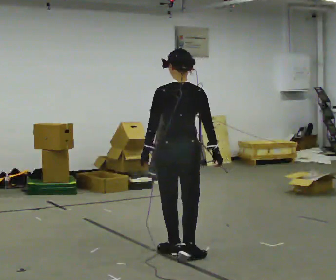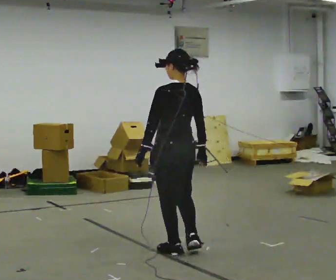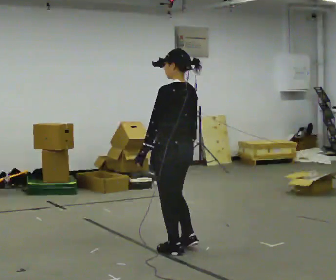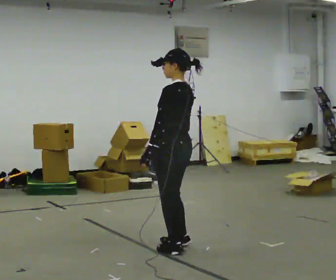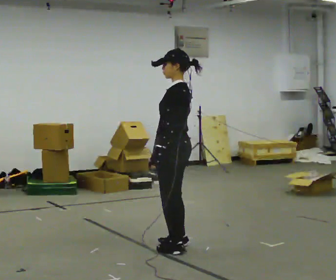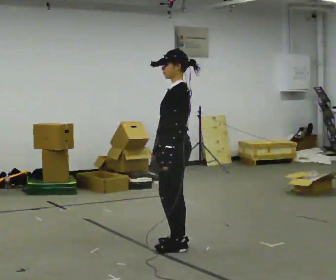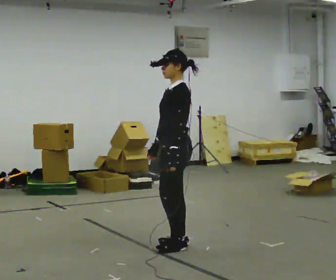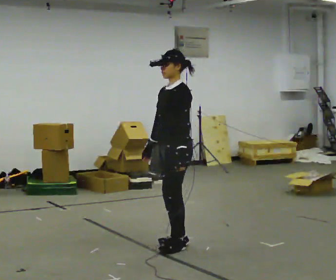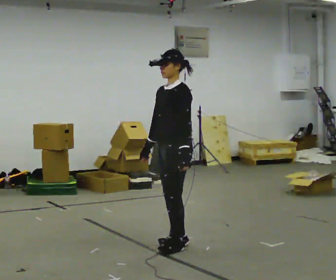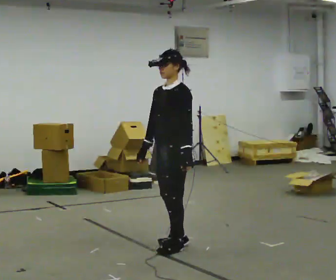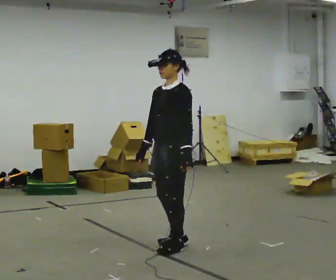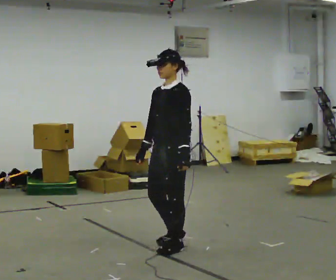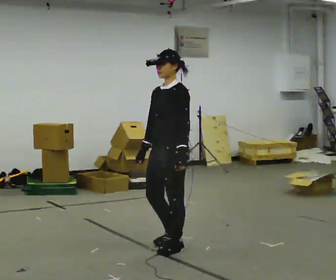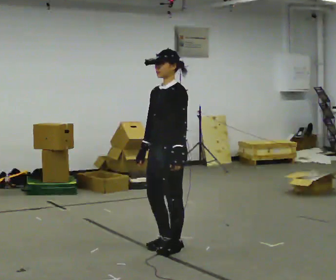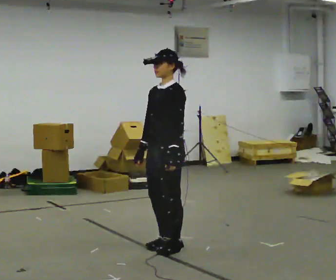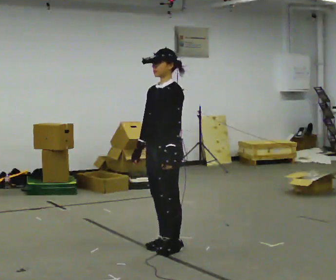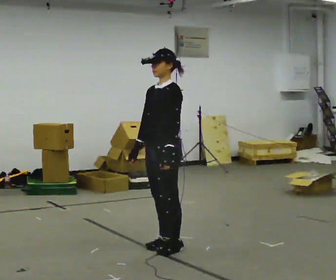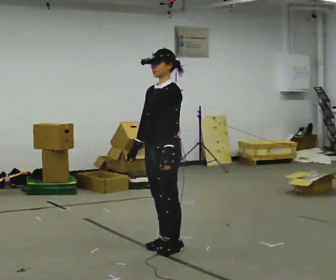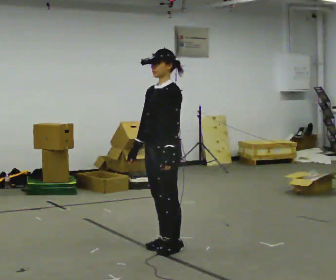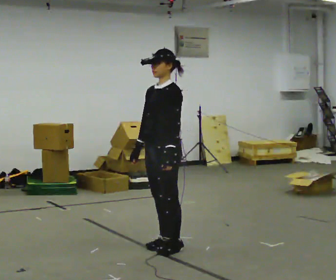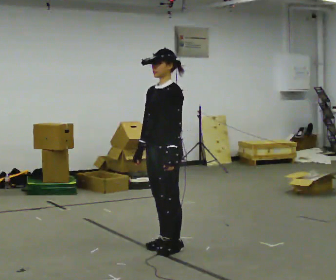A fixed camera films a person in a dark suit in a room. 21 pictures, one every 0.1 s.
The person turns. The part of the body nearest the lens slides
to the right.
The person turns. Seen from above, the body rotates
counterclockwise.
0.0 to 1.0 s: Seen from above the body turns counterclockwise, about 120 degrees: to their left, with its near side sliding to the right. In the picture their right hand goes to the left, the arm swinging clockwise.
1.0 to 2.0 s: The person moves a little, or ends about where they began.
The film runs forward here.
